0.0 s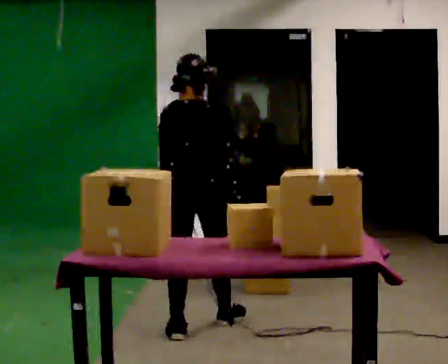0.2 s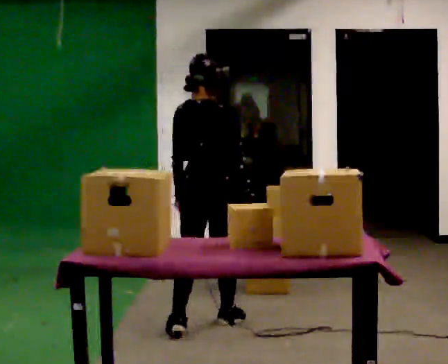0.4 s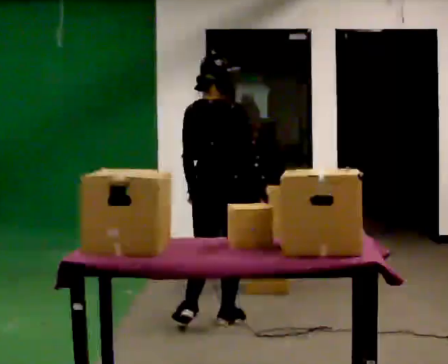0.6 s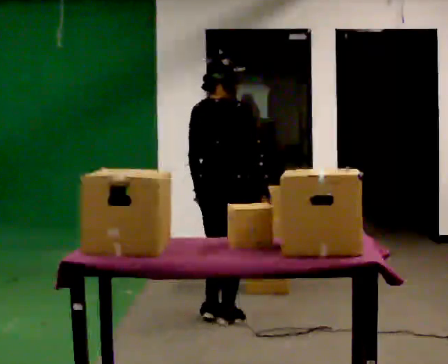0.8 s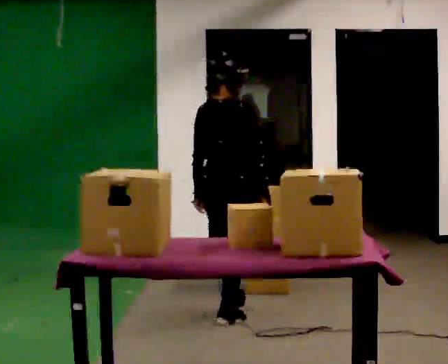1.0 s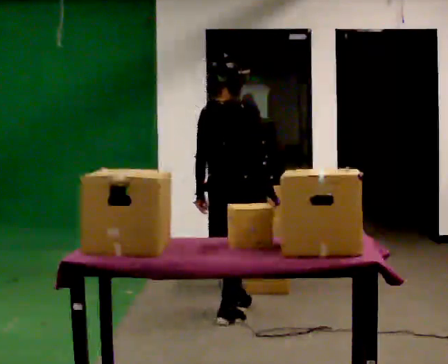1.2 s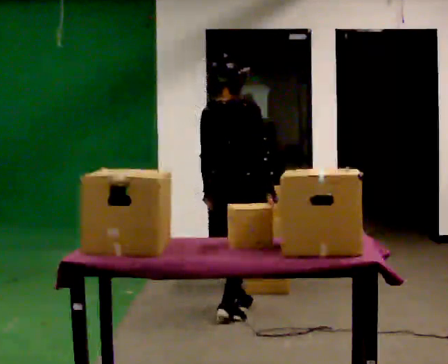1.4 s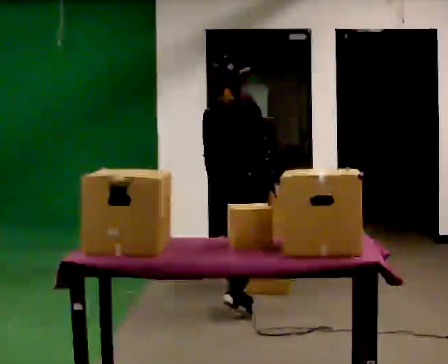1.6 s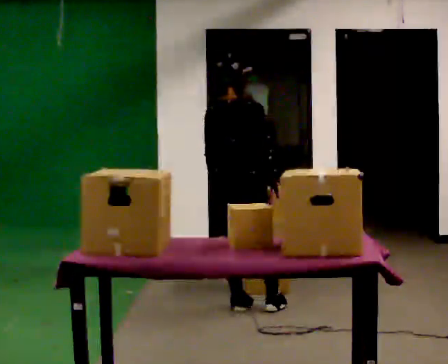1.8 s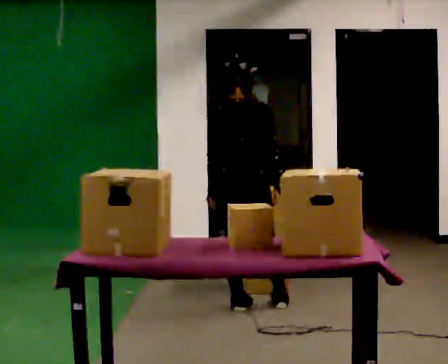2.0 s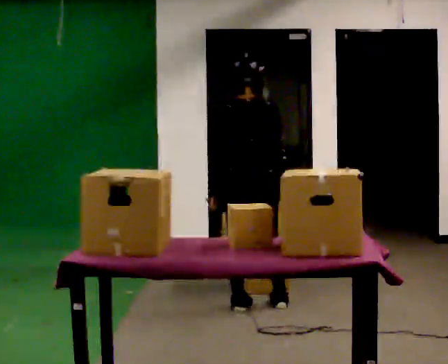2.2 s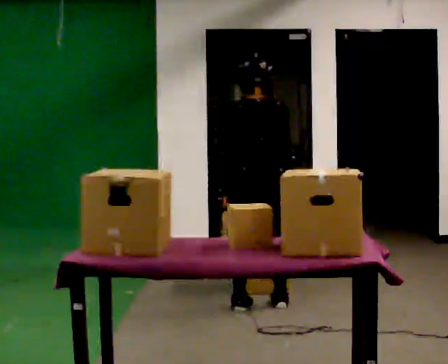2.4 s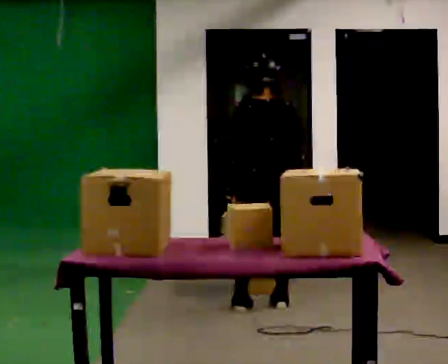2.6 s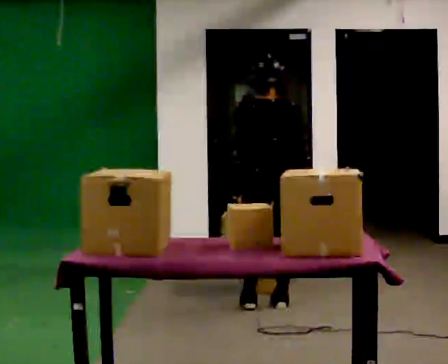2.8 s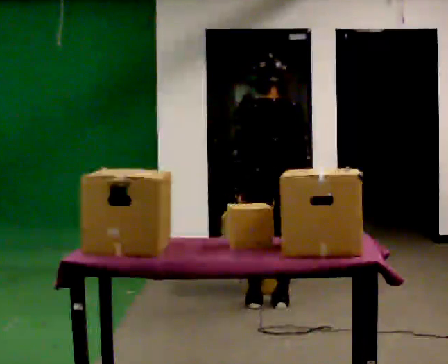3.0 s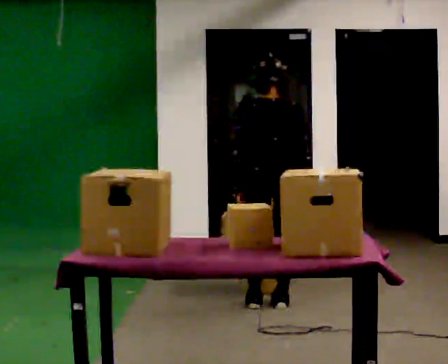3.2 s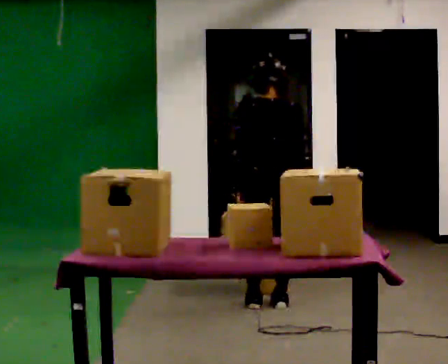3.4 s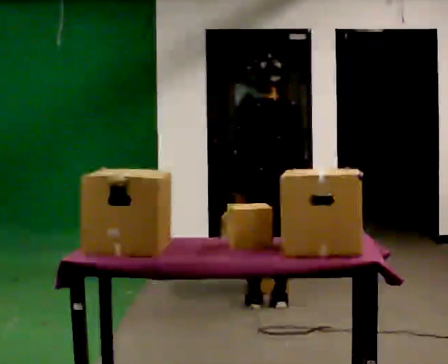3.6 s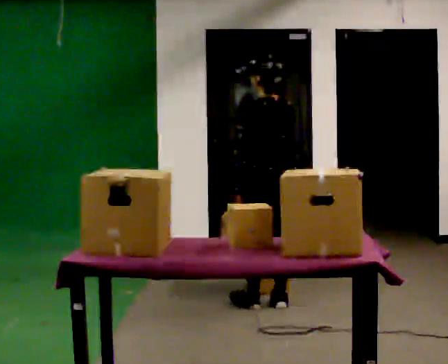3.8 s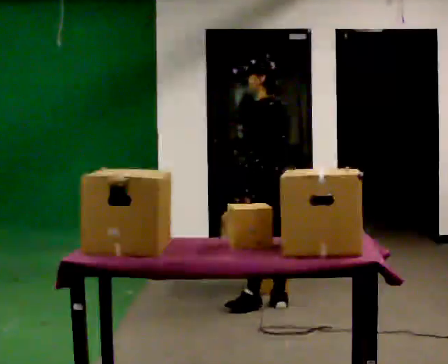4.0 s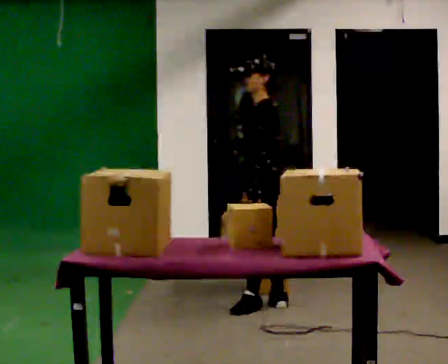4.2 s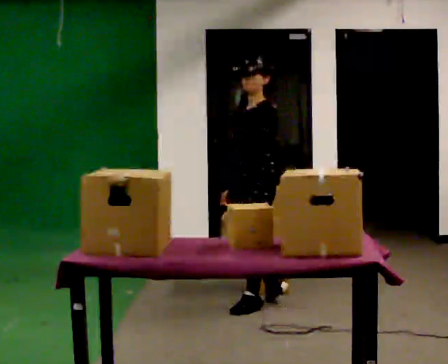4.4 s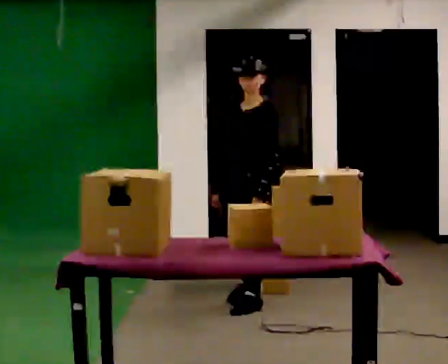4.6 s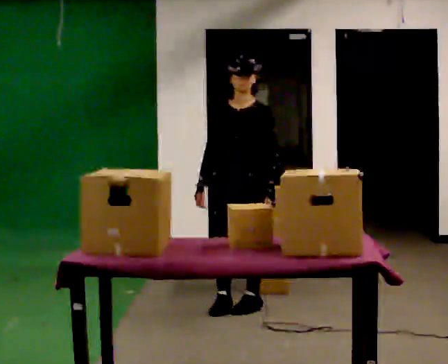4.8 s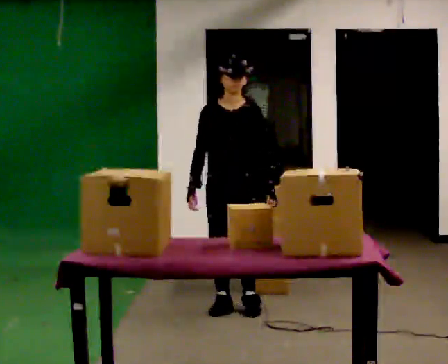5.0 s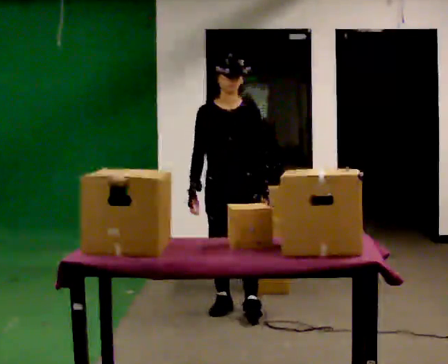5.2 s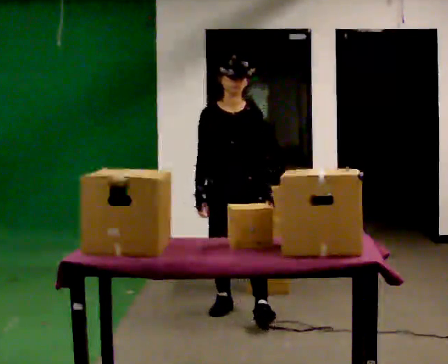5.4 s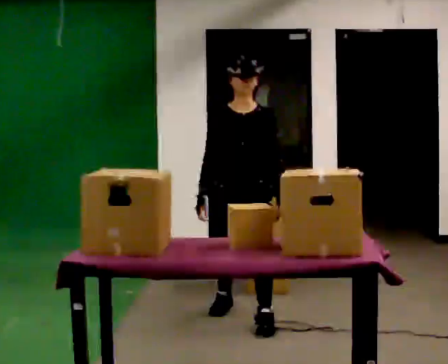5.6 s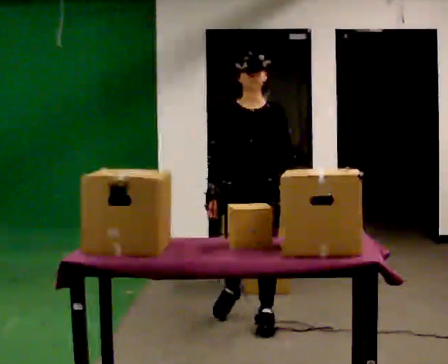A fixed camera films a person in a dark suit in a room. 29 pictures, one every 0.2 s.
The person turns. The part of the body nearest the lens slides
to the right.
The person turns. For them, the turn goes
to their left.
0.0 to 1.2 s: In the picture they go away from the camera, about 0.5 m in 1 step, which for them is forward.
1.2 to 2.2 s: The person turns about 30 degrees to their left, counterclockwise seen from above, so the part of the body nearest the lens slides to the right. In the picture they go to the right, about 0.25 m in 1 step, which for them is forward and to their right.
2.2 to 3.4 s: The person moves a little, or ends about where they began.
3.4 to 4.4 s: Seen from above the body turns counterclockwise, about 120 degrees: to their left, with its near side sliding to the right.
4.4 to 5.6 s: The part of the body nearest the lens slides to the right as the person turns to their left by about 45 degrees. In the picture they go toward the camera, about 0.5 m in 2 steps, which for them is forward.
The film runs forward here.
